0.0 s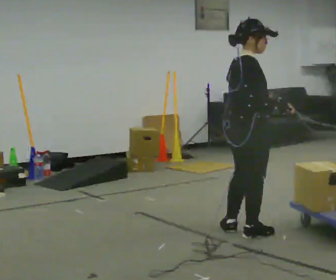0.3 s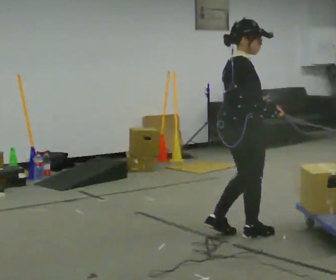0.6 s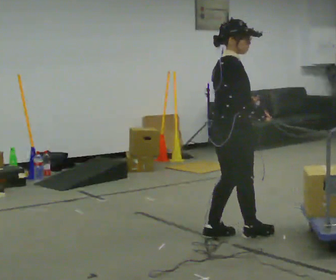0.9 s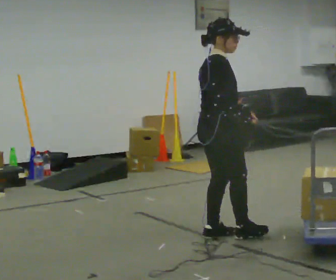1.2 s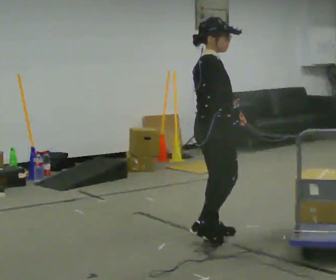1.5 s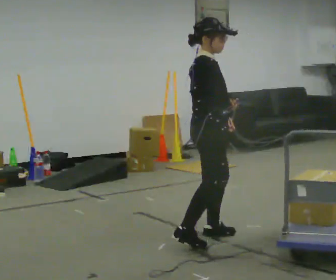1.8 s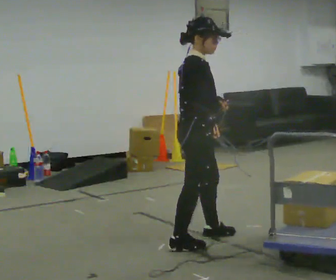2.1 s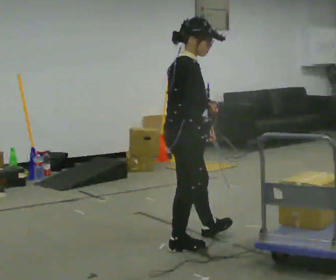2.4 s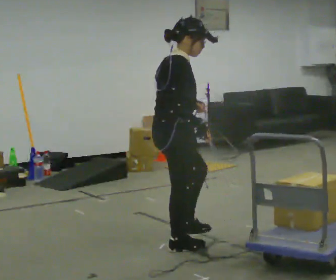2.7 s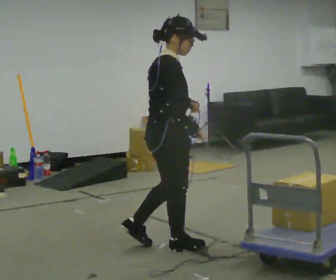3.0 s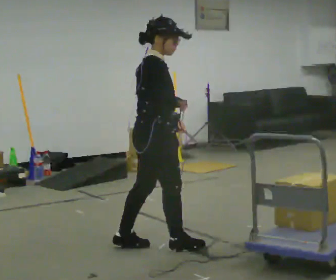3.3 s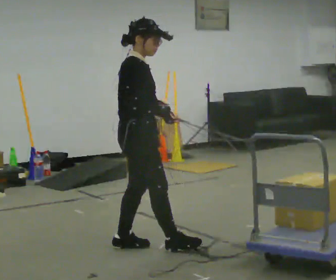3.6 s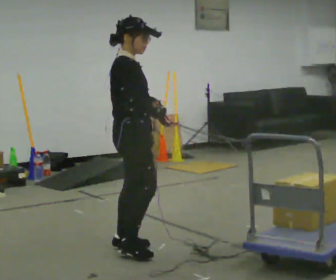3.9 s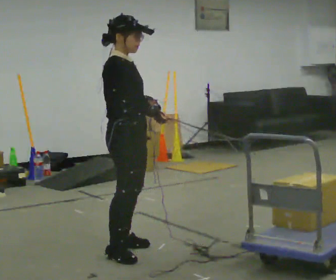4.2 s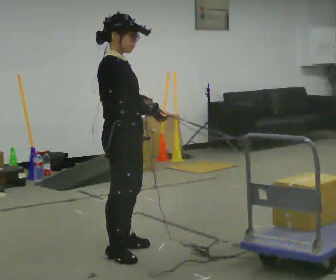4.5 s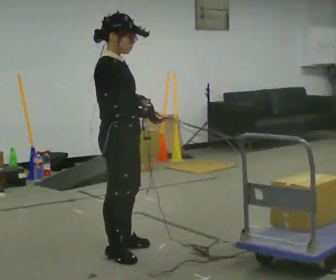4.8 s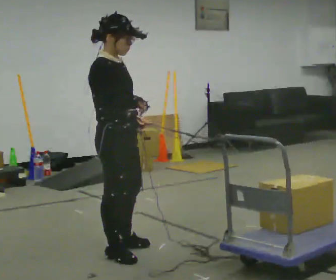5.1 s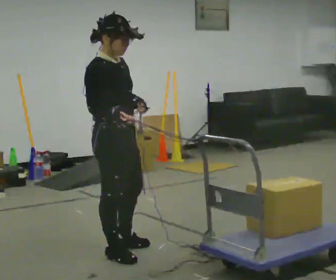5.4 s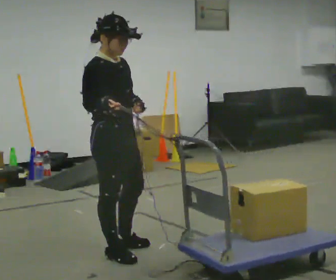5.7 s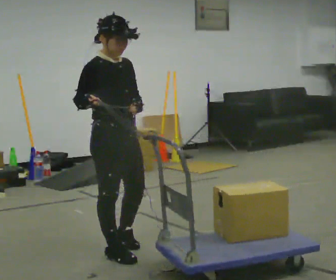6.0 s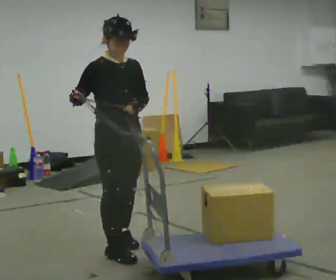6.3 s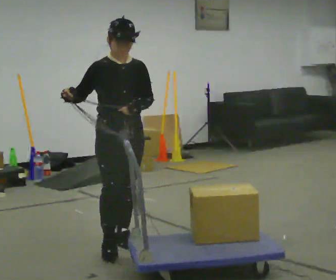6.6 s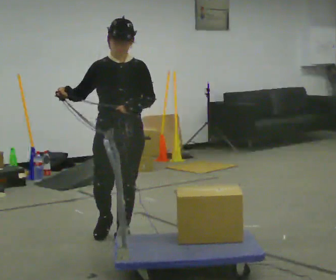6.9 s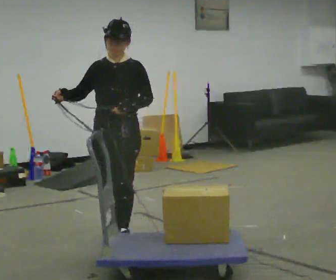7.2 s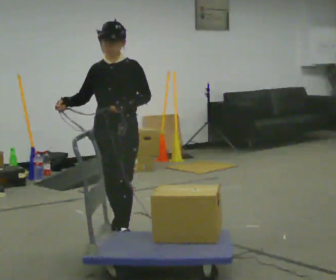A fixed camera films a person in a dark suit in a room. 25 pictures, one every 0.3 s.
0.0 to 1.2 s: In the picture they go to the left, about 0.25 m in 1 step, which for them is backward.
1.2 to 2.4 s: In the picture they go to the left and toward the camera, about 0.5 m in 1 step, which for them is backward and to their right.
2.4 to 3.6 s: In the picture they go to the left, about 0.25 m in 1 step, which for them is backward.
3.6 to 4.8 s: In the picture they go toward the camera, about 0.25 m in 1 step, which for them is to their right.
4.8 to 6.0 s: The part of the body nearest the lens slides to the left as the person turns to their right by about 45 degrees. In the picture they go away from the camera, about 0.25 m, which for them is to their left. In the picture their right hand goes to the left.
6.0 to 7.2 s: The person turns about 45 degrees to their right, clockwise seen from above, so the part of the body nearest the lens slides to the left. In the picture they go away from the camera, about 0.5 m in 1 step, which for them is backward.
The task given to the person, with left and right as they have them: Hold the rope in both hands and drag the sled towards you as you walk backward. The operator will confirm the space behind you is clear.
The film runs forward here.
